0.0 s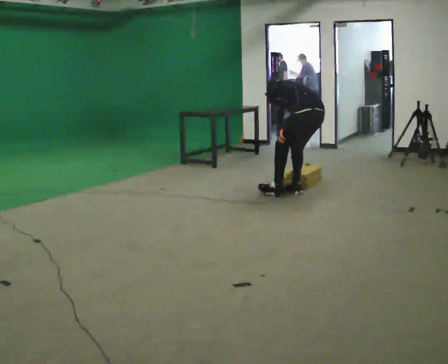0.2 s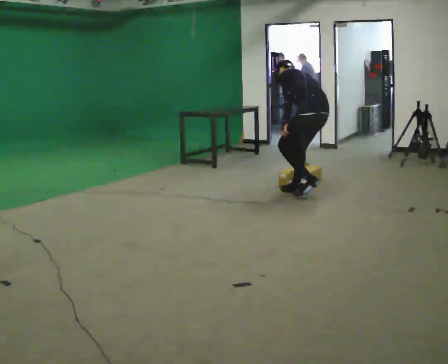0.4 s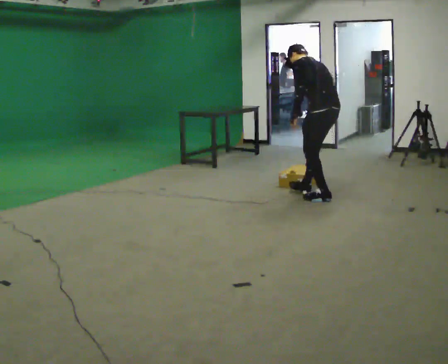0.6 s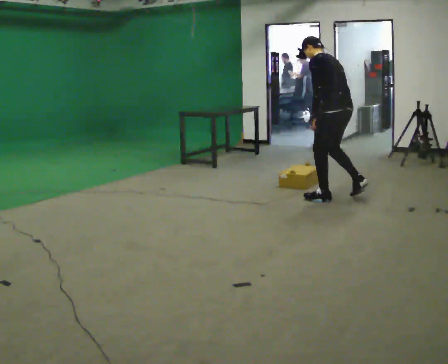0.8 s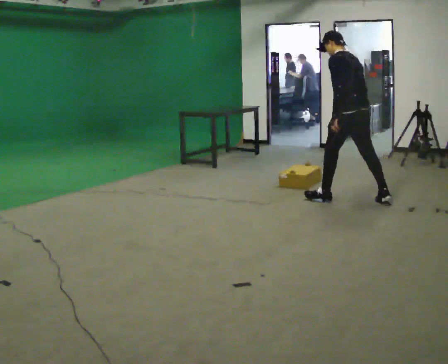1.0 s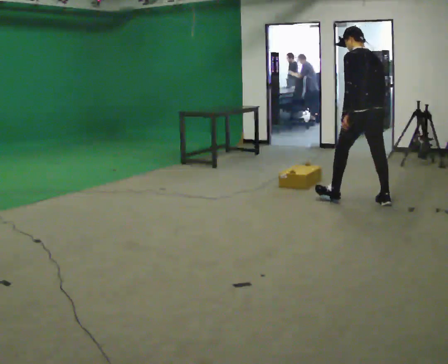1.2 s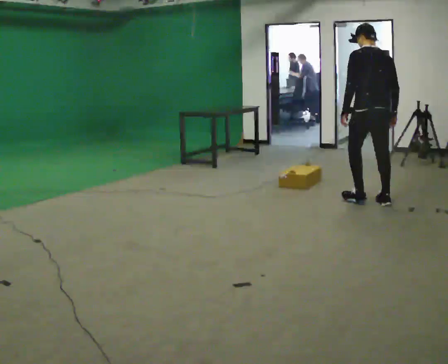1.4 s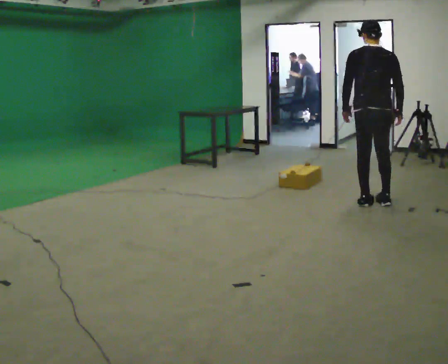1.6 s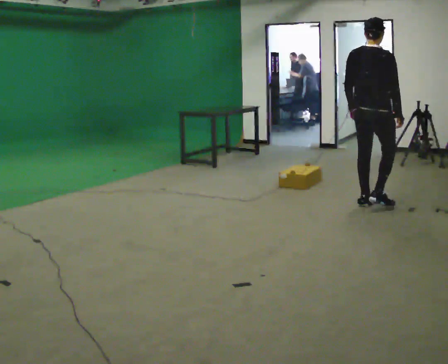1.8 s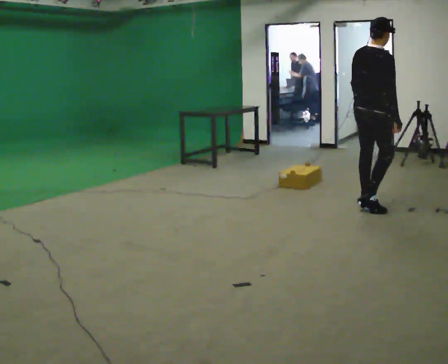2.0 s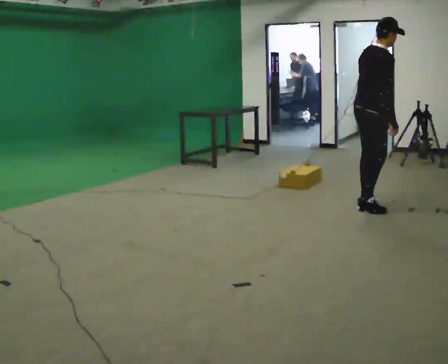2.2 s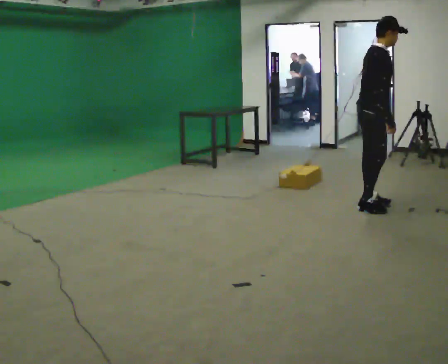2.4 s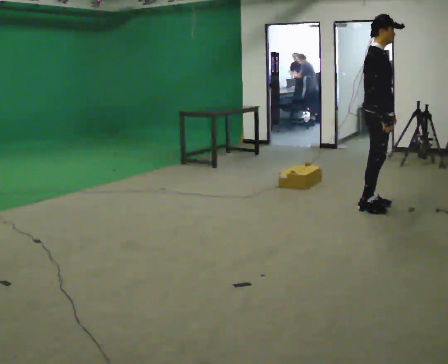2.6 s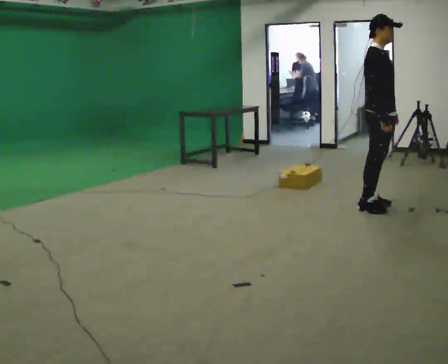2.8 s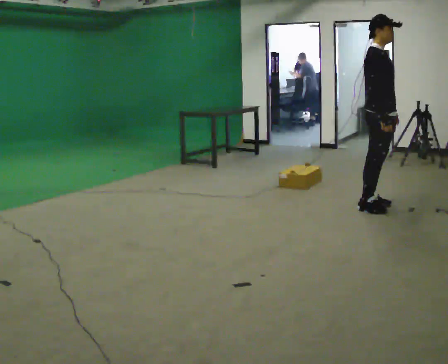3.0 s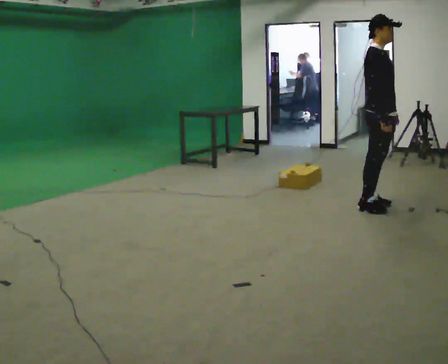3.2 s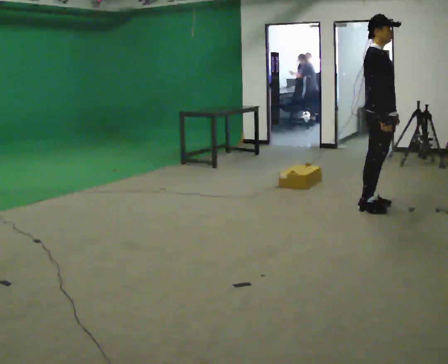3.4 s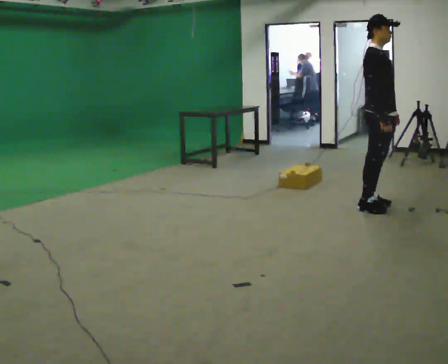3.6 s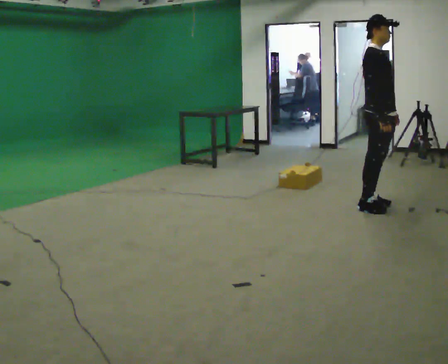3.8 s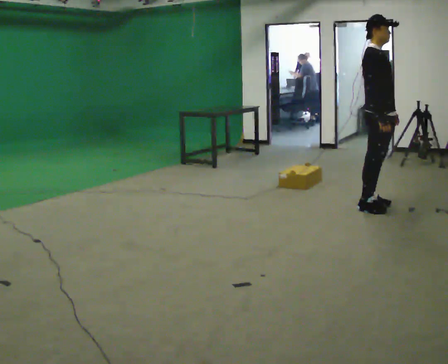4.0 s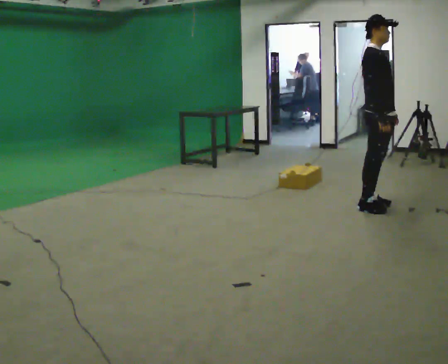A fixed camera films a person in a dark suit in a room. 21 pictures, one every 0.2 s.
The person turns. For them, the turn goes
to their right.
The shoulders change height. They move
upward.
0.0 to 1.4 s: The part of the body nearest the lens slides to the left as the person turns to their right by about 45 degrees. In the picture they go to the right, about 0.75 m in 2 steps, which for them is backward. The upper body goes upward. In the picture the upper body tilts clockwise, shoulders to the right, as they lean back or straighten.
1.4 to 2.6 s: The part of the body nearest the lens slides to the left as the person turns to their right by about 105 degrees. In the picture their left hand goes to the right.
2.6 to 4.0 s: The person keeps their place and pose.
The film runs backward here.
